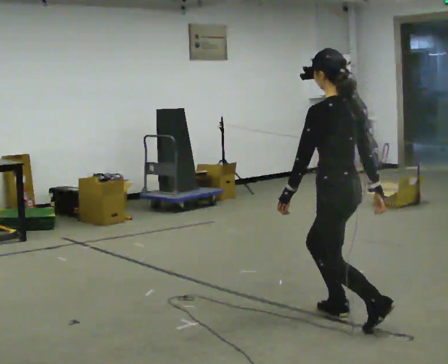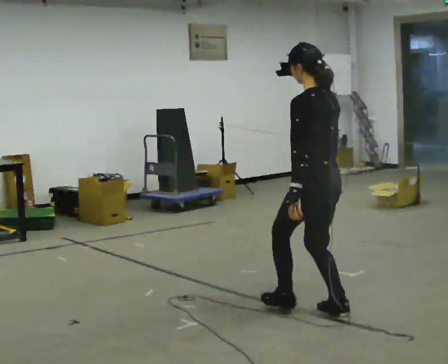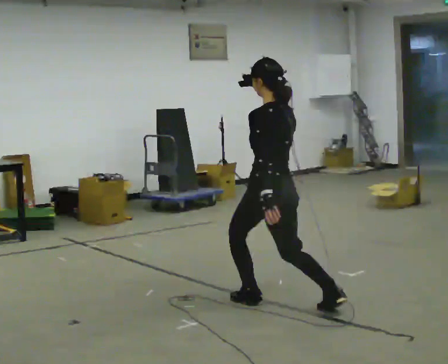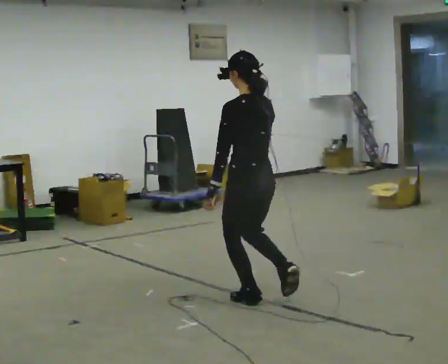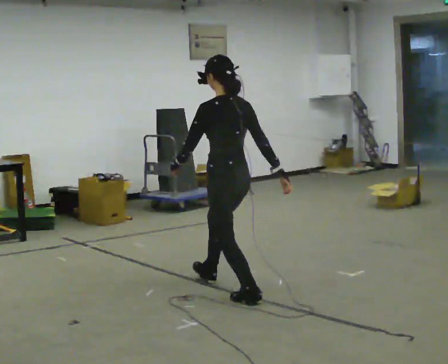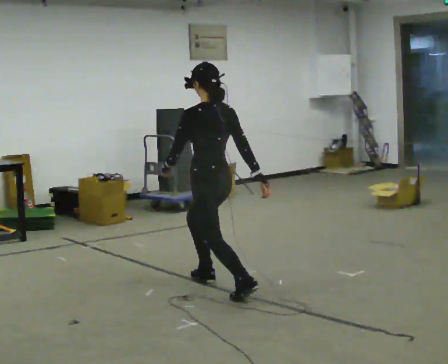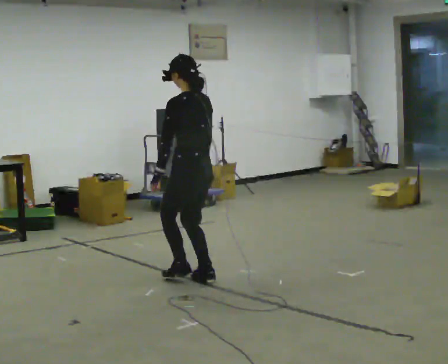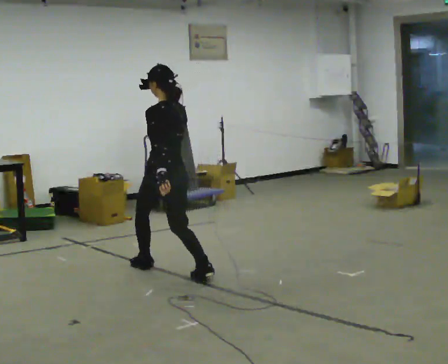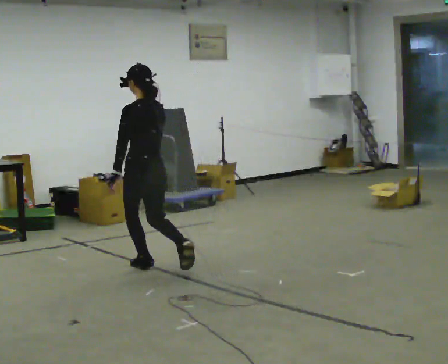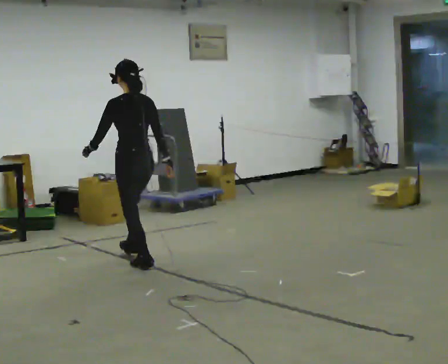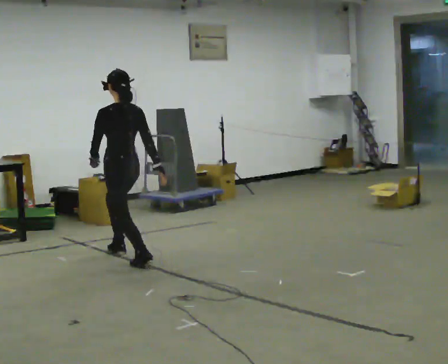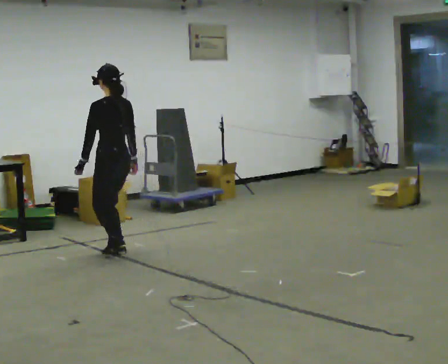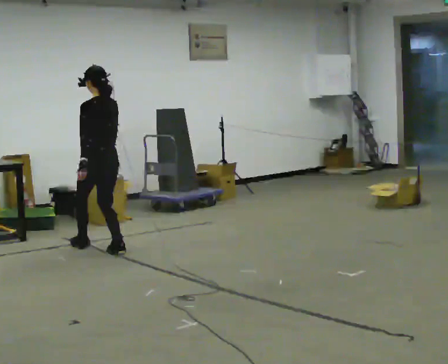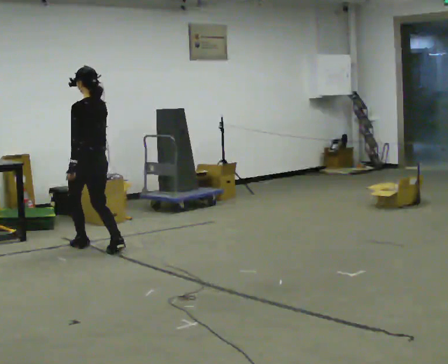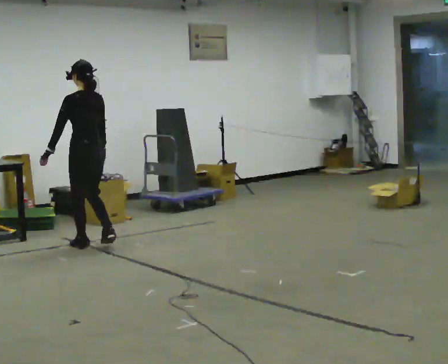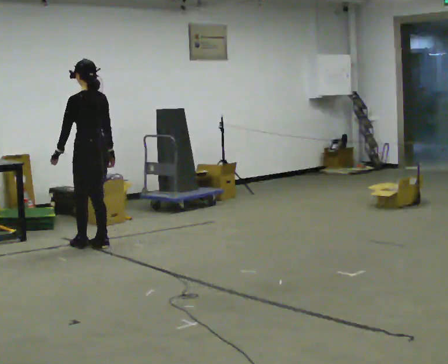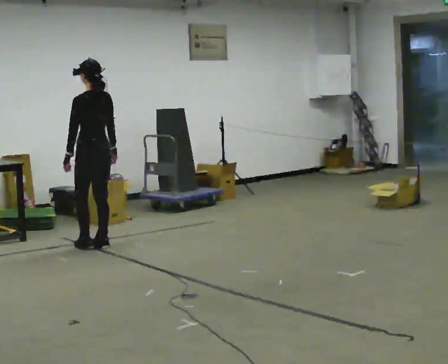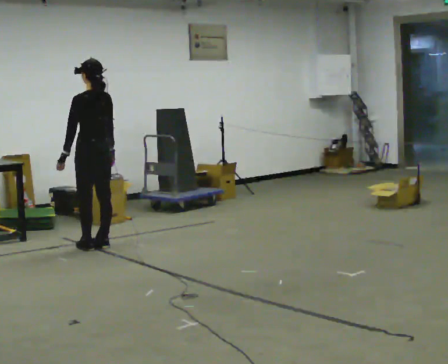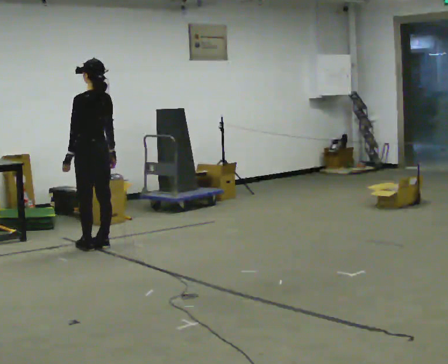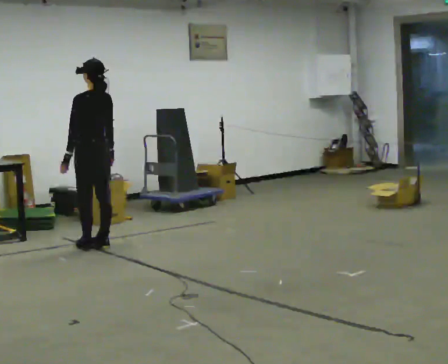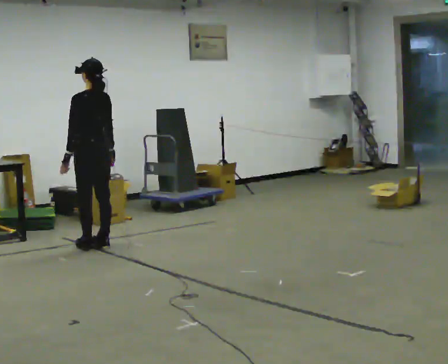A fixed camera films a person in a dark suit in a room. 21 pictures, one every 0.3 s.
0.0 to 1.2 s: In the picture they go away from the camera and to the left, about 1 m in 1 step, which for them is forward.
1.2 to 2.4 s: In the picture they go away from the camera and to the left, about 1 m in 2 steps, which for them is forward.
2.4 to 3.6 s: In the picture they go away from the camera and to the left, about 1 m in 2 steps, which for them is forward.
3.6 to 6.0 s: The person moves a little, or ends about where they began.
The film runs forward here.
